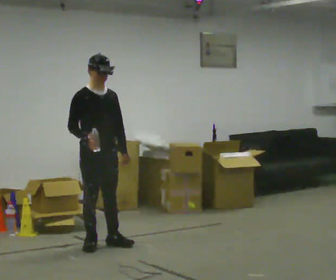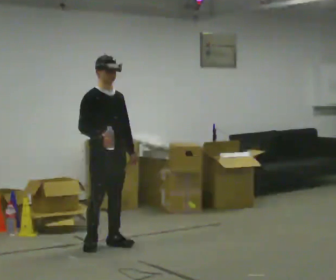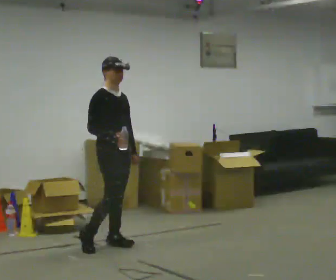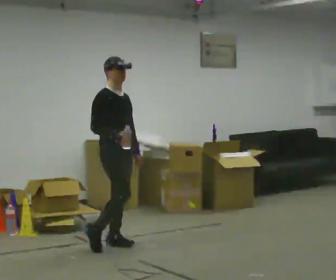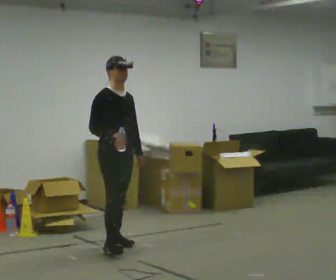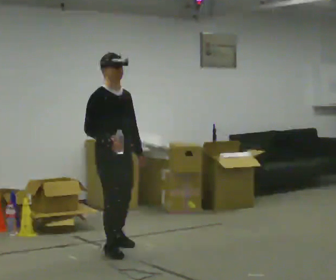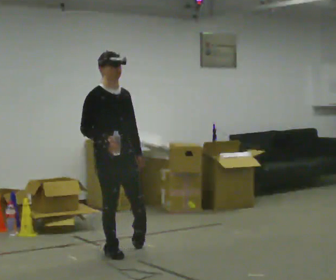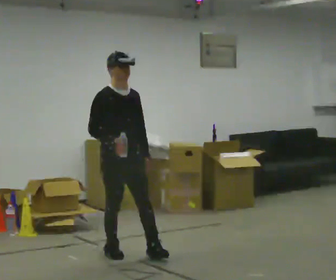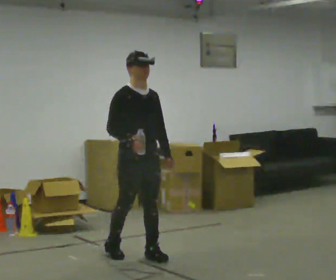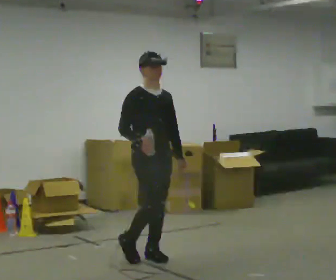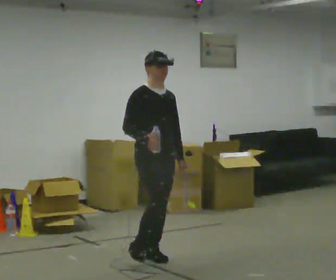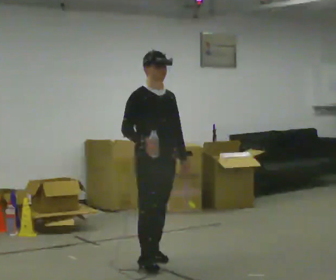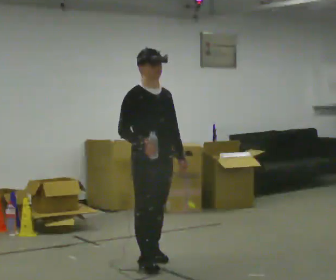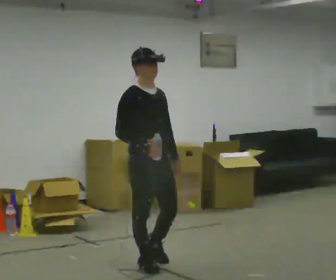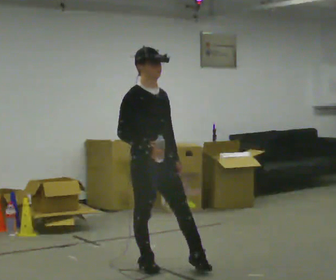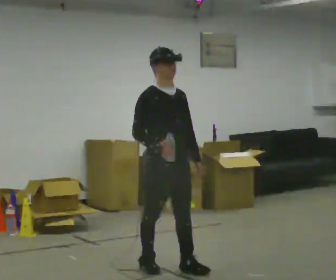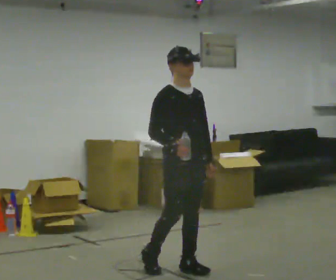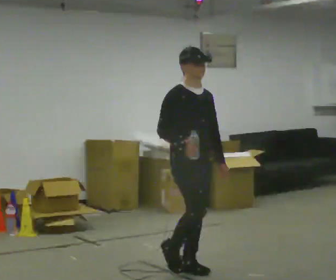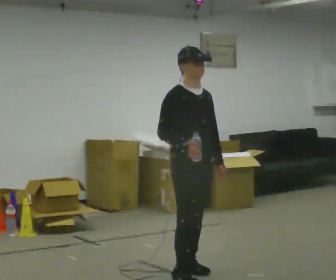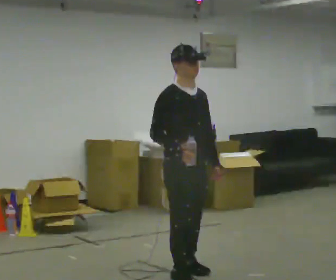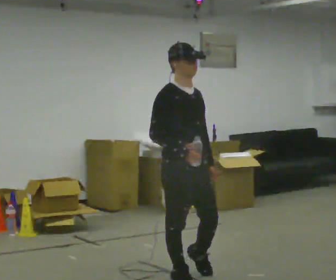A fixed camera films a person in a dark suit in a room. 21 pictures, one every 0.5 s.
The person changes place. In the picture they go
toward the camera.
0.0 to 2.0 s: In the picture they go to the right, about 0.25 m in 2 steps, which for them is forward.
2.0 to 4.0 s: In the picture they go toward the camera and to the right, about 0.5 m in 1 step, which for them is forward.
4.0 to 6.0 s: In the picture they go toward the camera, about 0.25 m in 2 steps, which for them is forward.
6.0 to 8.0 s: In the picture they go to the right and toward the camera, about 0.25 m in 1 step, which for them is forward.
8.0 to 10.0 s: In the picture they go toward the camera, about 0.25 m in 2 steps, which for them is to their right and forward.
The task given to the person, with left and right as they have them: Carry the open container of water across the room without spilling it, back and forth.
The film runs forward here.
